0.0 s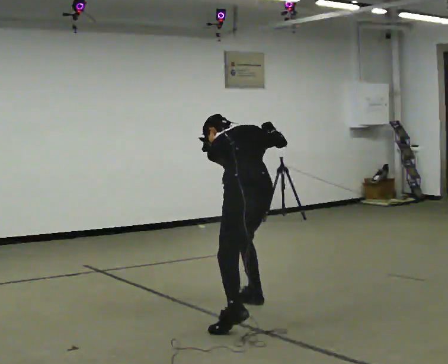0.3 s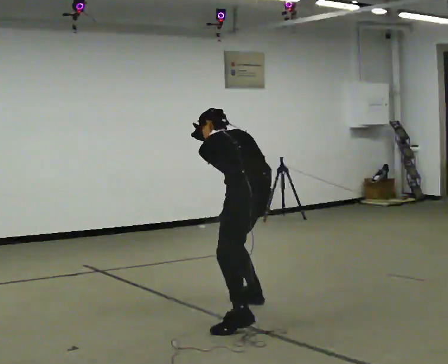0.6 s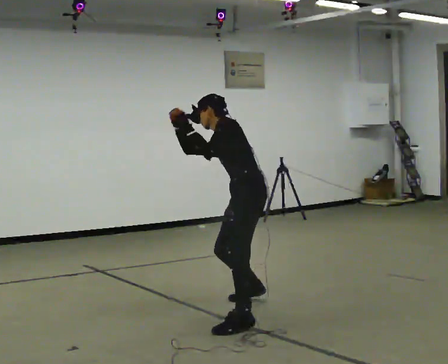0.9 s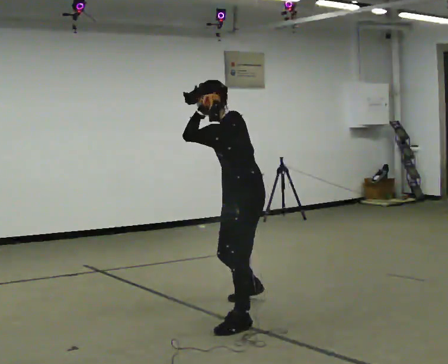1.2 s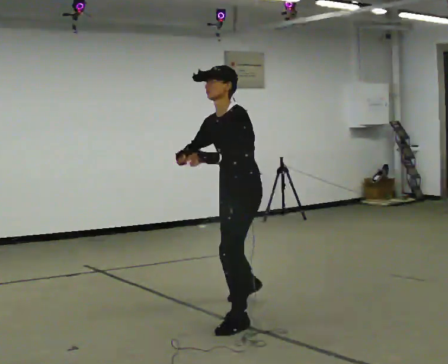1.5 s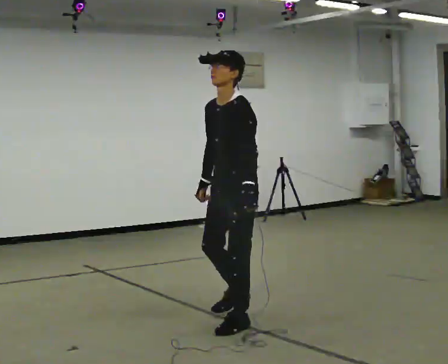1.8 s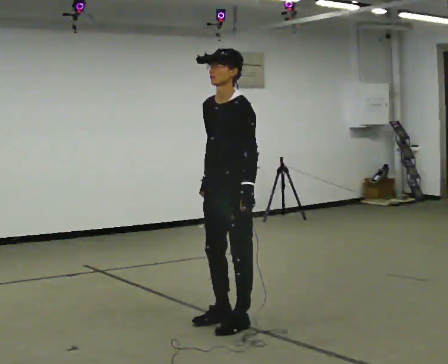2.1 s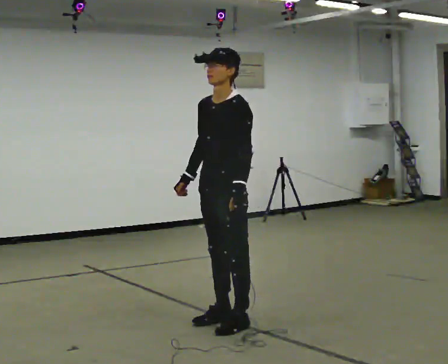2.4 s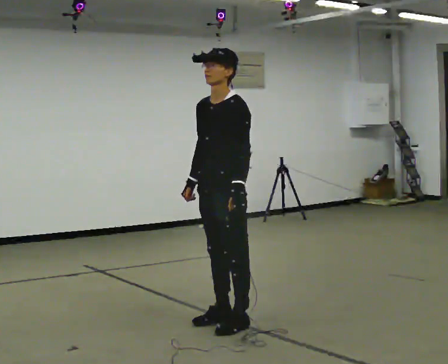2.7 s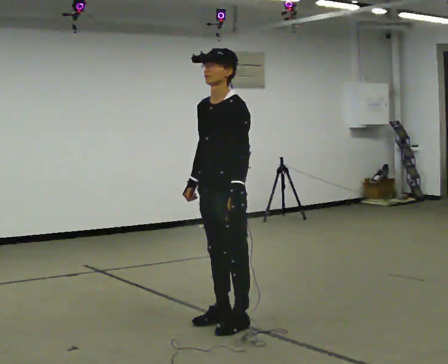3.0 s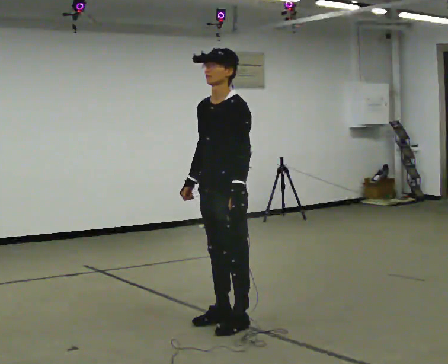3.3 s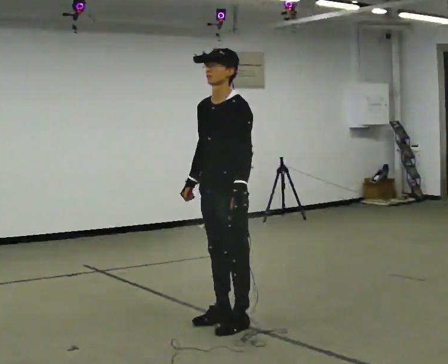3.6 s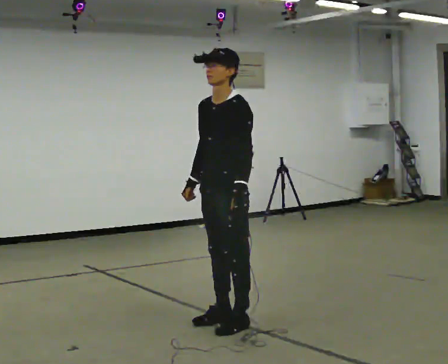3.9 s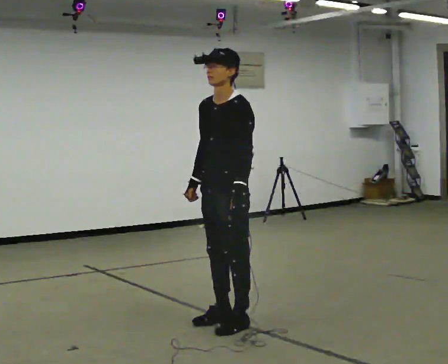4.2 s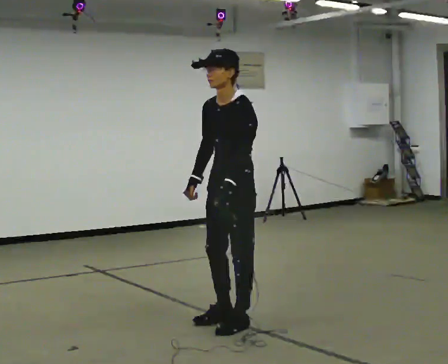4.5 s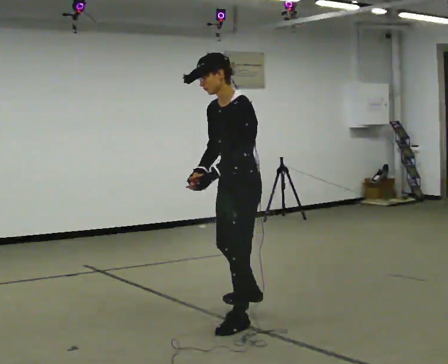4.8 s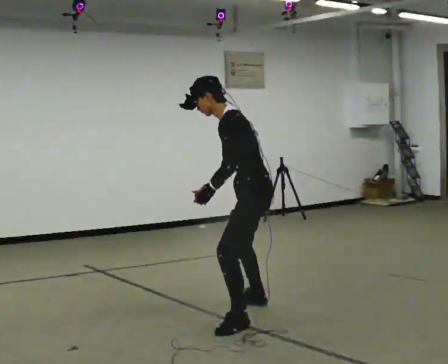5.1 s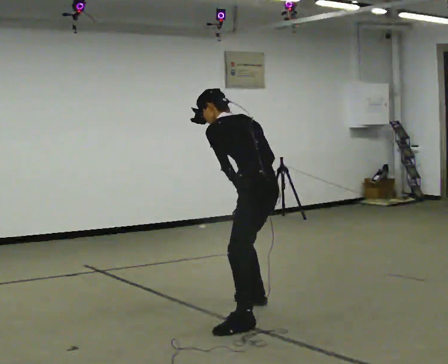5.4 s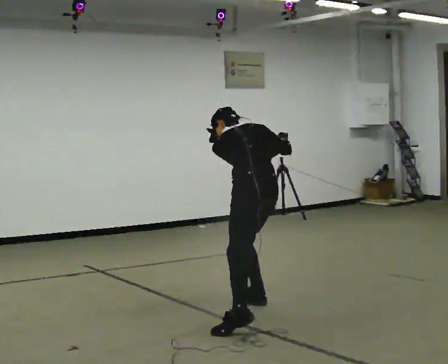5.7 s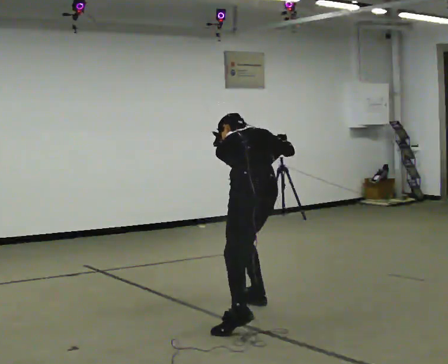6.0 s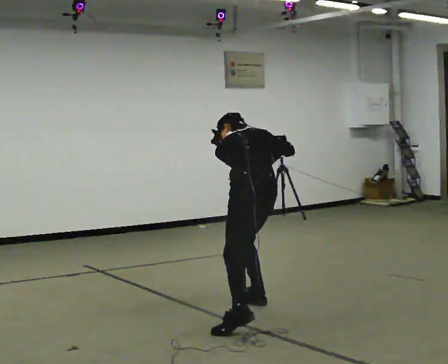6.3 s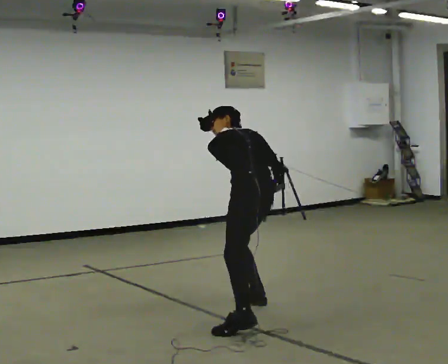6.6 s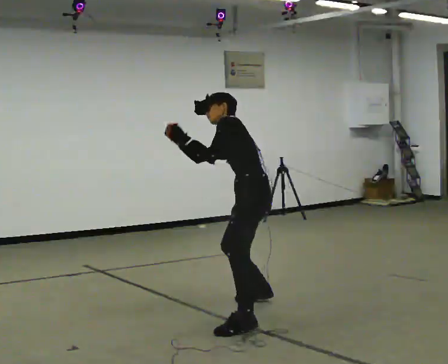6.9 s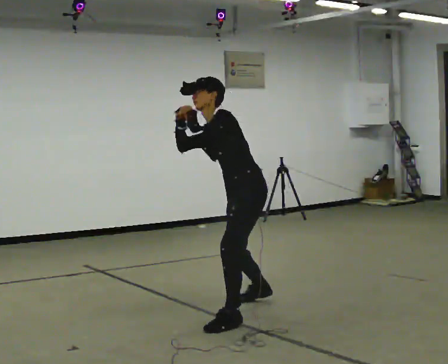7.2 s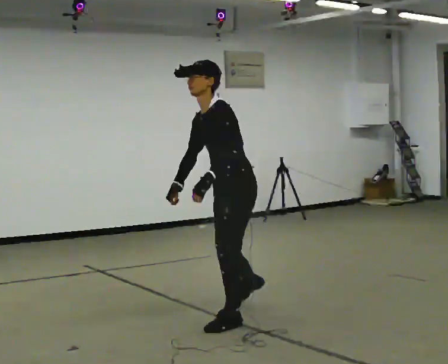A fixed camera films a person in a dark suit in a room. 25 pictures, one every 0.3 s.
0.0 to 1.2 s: The person turns about 105 degrees to their left, counterclockwise seen from above, so the part of the body nearest the lens slides to the right. In the picture they go toward the camera, about 0.25 m in 1 step. The shoulders move upward. The upper body tips toward the camera, its near side rolling downward, as they lean back or straighten. In the picture their right hand goes to the left.
1.2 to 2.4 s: In the picture they go toward the camera, about 0.25 m in 1 step, which for them is forward.
2.4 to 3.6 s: The person keeps their place and pose.
3.6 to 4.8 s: The person turns about 45 degrees to their right, clockwise seen from above, so the part of the body nearest the lens slides to the left. In the picture they go away from the camera and to the right, about 0.25 m in 1 step, which for them is backward. In the picture the upper body tilts counterclockwise, shoulders to the left, as they bend forward.
4.8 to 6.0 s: The part of the body nearest the lens slides to the left as the person turns to their right by about 60 degrees. The upper body tips away from the camera, its near side rolling upward, as they bend forward. In the picture their right hand goes to the right and upward.
6.0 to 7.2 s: The part of the body nearest the lens slides to the right as the person turns to their left by about 90 degrees. In the picture they go toward the camera, about 0.25 m in 1 step. The shoulders move upward. The upper body tips toward the camera, its near side rolling downward, as they lean back or straighten.
The film runs forward here.
